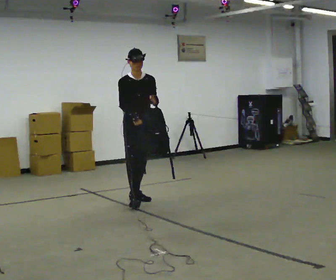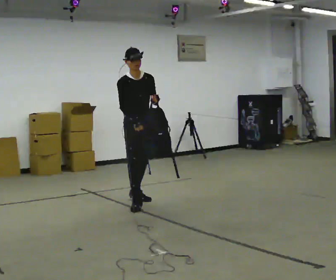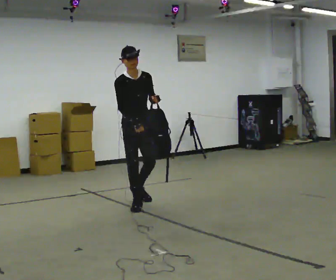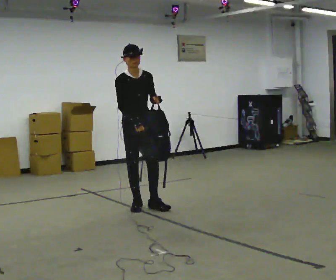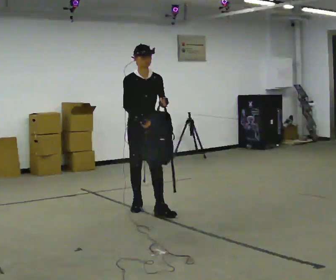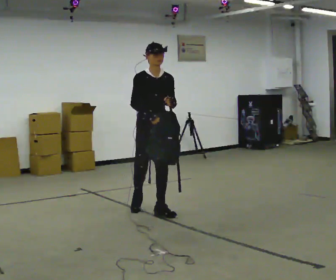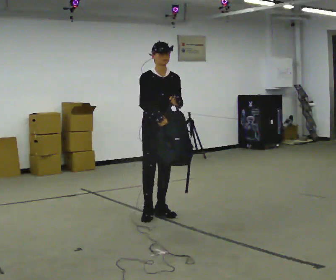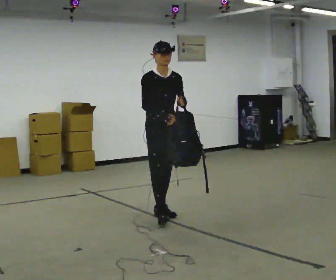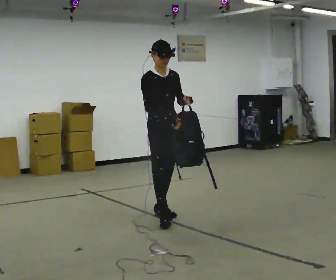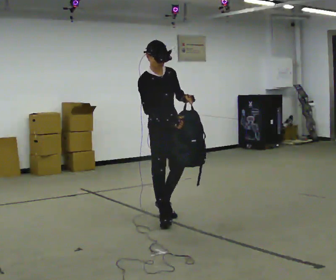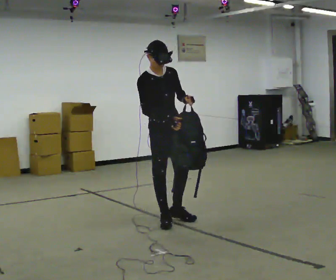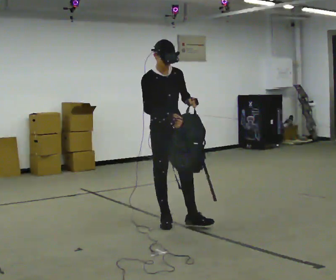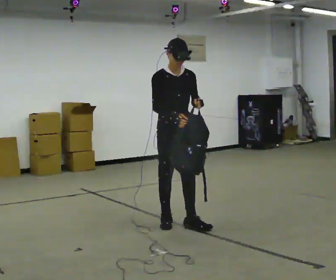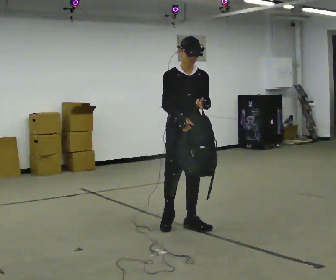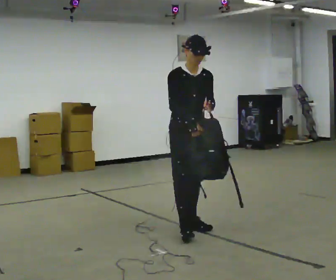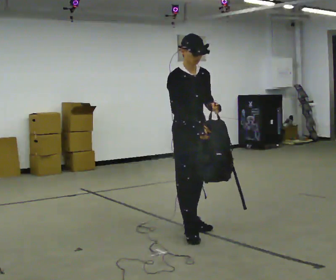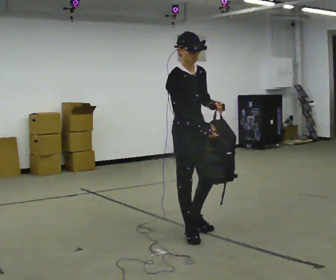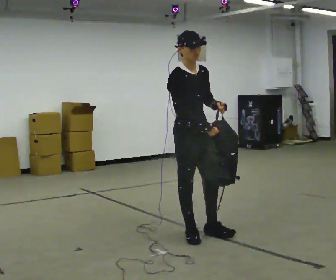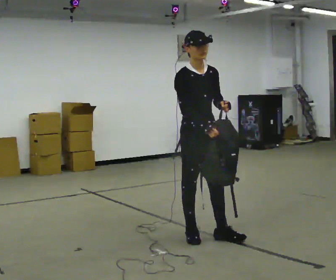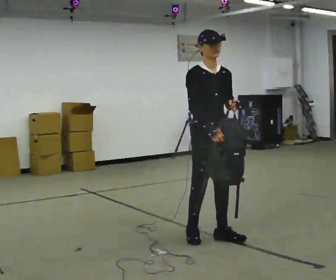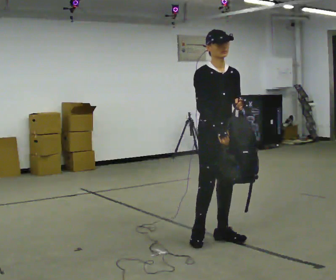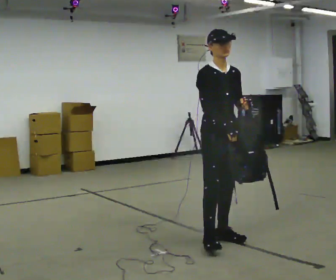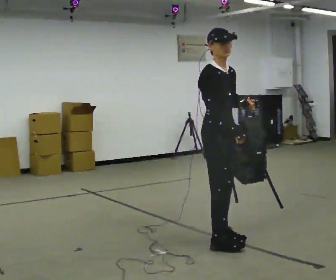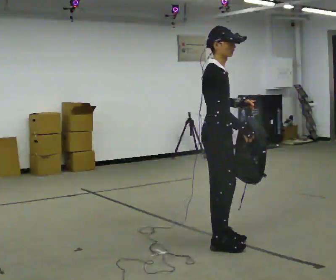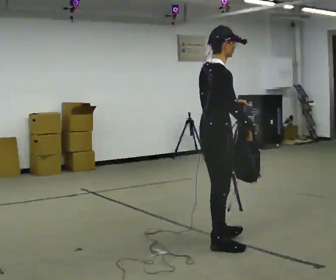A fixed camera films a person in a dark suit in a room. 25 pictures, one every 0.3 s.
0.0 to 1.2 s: In the picture they go toward the camera, about 0.5 m in 1 step, which for them is forward.
1.2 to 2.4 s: In the picture they go toward the camera and to the right, about 0.5 m in 1 step, which for them is forward.
2.4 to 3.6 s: In the picture they go toward the camera, about 0.25 m in 1 step, which for them is forward.
3.6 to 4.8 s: In the picture they go toward the camera, about 0.25 m in 1 step, which for them is forward.
4.8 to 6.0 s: In the picture they go to the right, about 0.25 m in 1 step, which for them is forward.
6.0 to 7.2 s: The part of the body nearest the lens slides to the right as the person turns to their left by about 75 degrees. In the picture they go toward the camera, about 0.25 m in 1 step.
The film runs forward here.
